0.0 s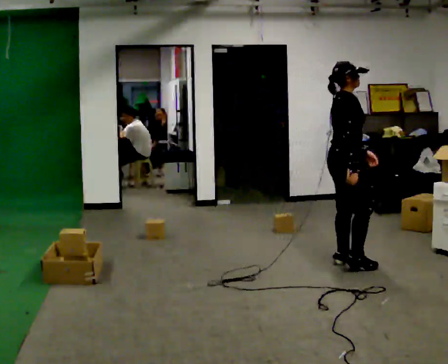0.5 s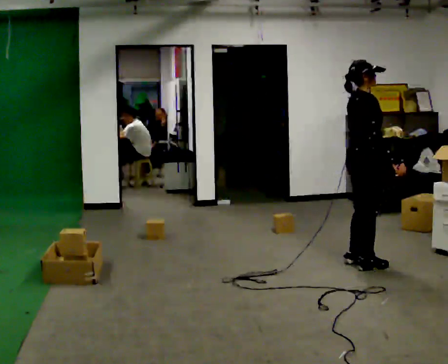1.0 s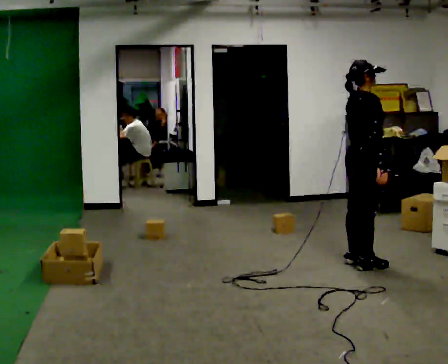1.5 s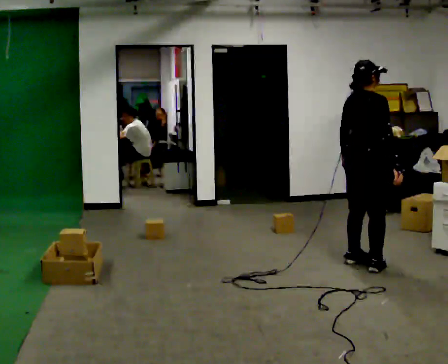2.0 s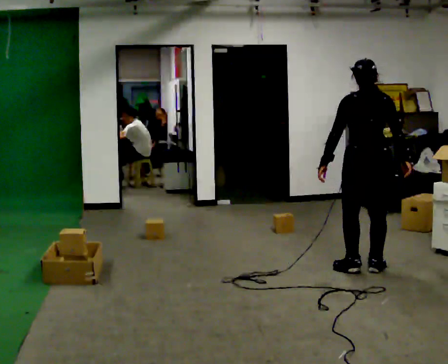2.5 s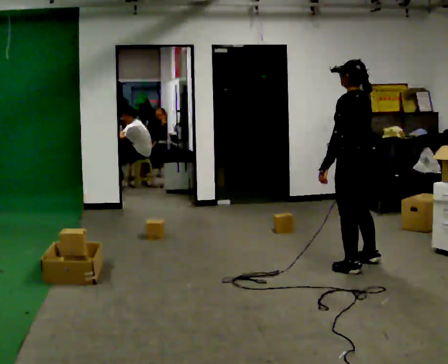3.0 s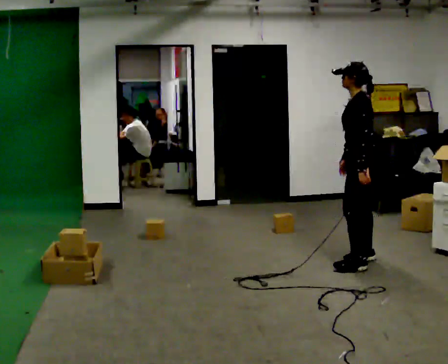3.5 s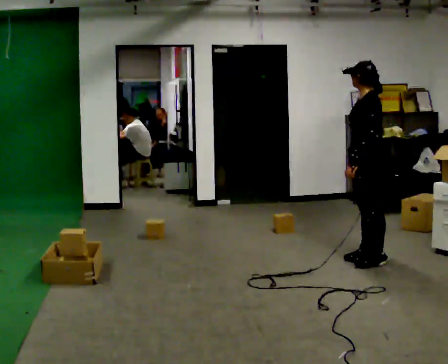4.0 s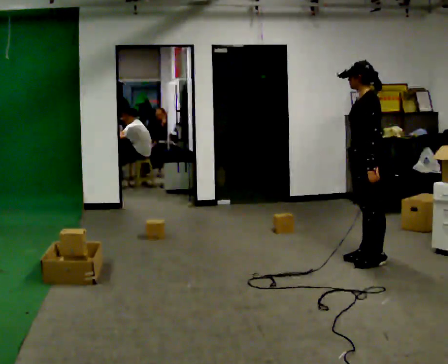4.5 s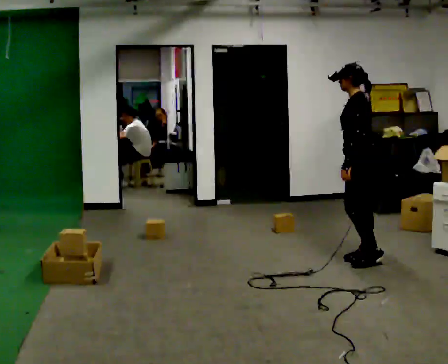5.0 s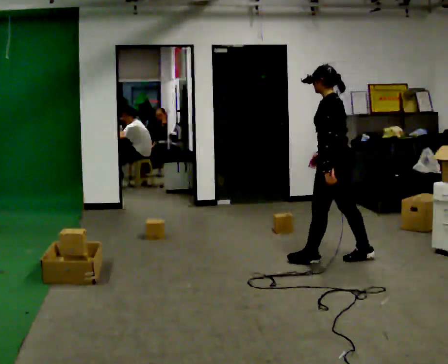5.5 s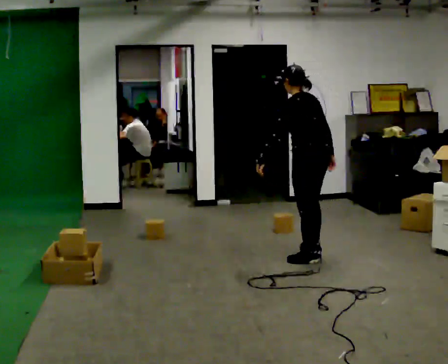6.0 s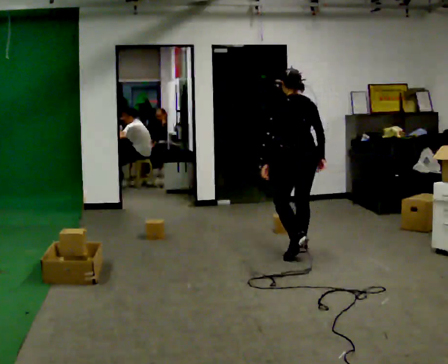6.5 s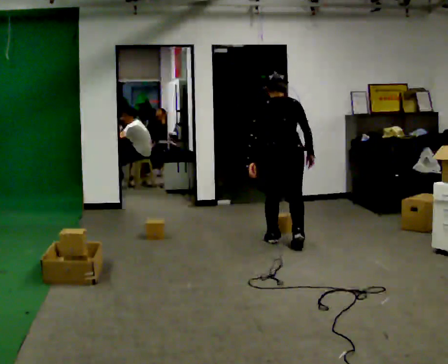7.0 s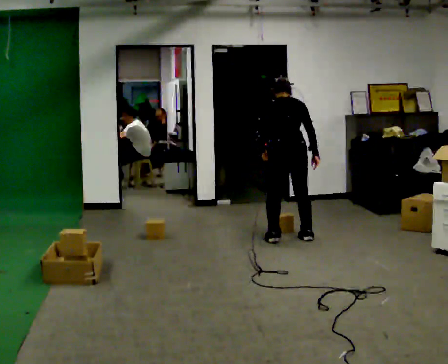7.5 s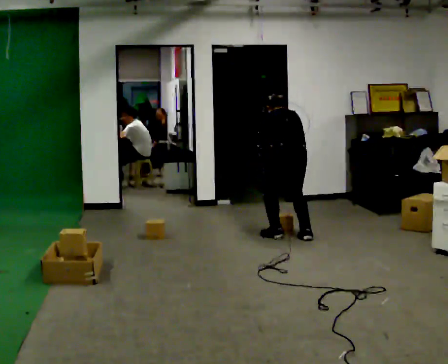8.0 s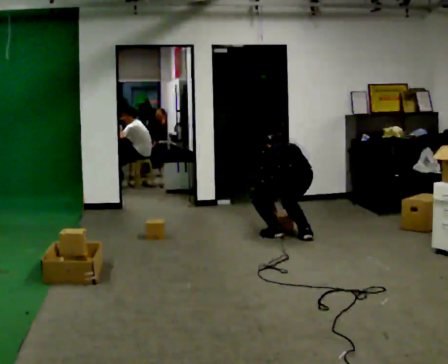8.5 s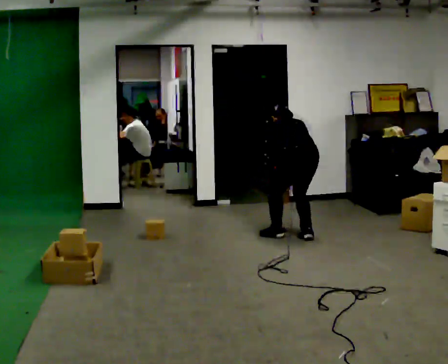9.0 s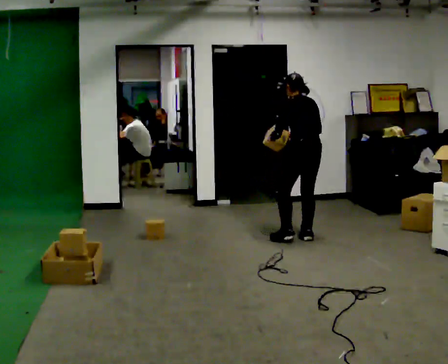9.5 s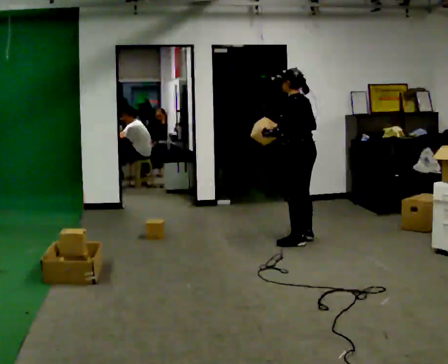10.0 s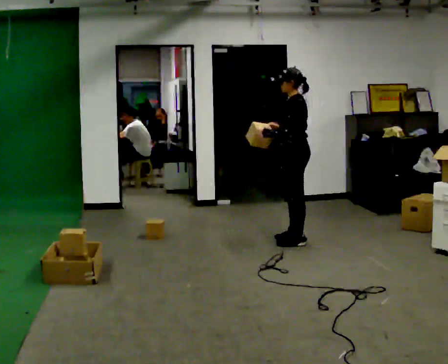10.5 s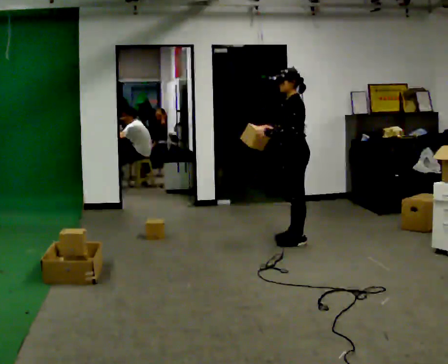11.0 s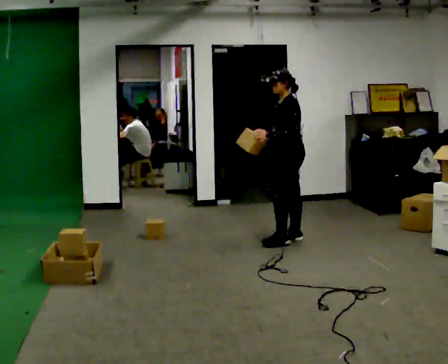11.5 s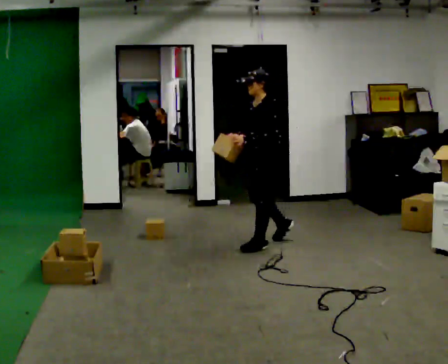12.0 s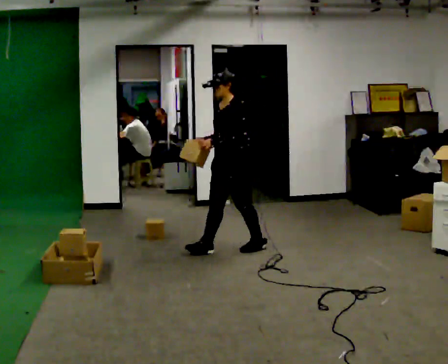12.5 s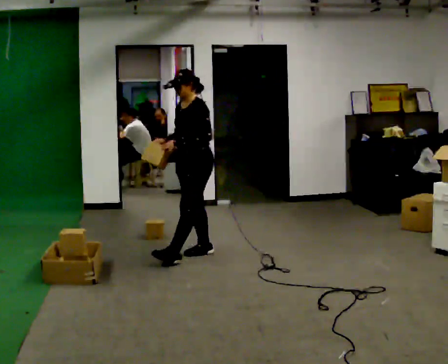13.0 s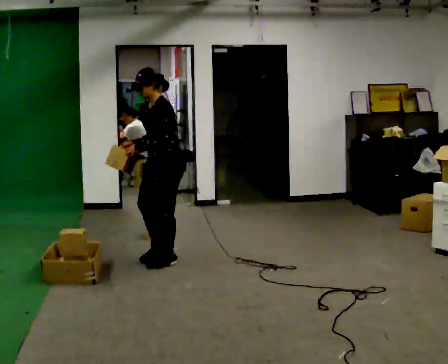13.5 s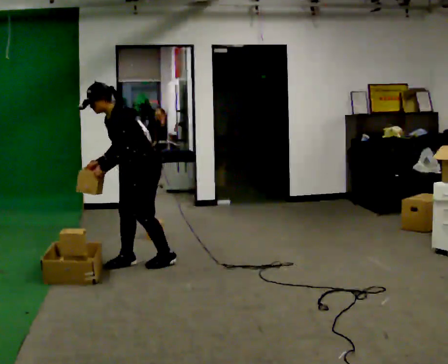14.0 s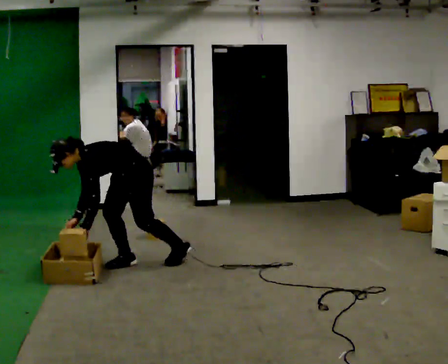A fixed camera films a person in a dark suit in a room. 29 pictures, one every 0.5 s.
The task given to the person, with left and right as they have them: Take the objects from the bin one at a time and put one in each of the places the operator points out. Keep going until the operator says stop; one object at a time, and do not rush between trips.
0.0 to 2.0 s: The part of the body nearest the lens slides to the right as the person turns to their left by about 90 degrees. In the picture their left hand goes to the left, the arm swinging clockwise.
2.0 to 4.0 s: Seen from above the body turns counterclockwise, about 75 degrees: to their left, with its near side sliding to the right. In the picture they go away from the camera, about 0.25 m in 2 steps. In the picture their left hand goes to the right.
4.0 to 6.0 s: The part of the body nearest the lens slides to the left as the person turns to their right by about 60 degrees. In the picture they go to the left and away from the camera, about 0.75 m in 2 steps, which for them is forward.
6.0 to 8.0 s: In the picture they go away from the camera, about 0.5 m in 3 steps, which for them is forward. The upper body goes downward. The upper body tips away from the camera, its near side rolling upward, as they bend forward. In the picture their left hand goes downward.
8.0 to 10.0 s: Seen from above the body turns counterclockwise, about 45 degrees: to their left, with its near side sliding to the right. The upper body goes upward. The upper body tips toward the camera, its near side rolling downward, as they lean back or straighten. In the picture their right hand goes upward.
10.0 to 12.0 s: The person turns about 45 degrees to their left, counterclockwise seen from above, so the part of the body nearest the lens slides to the right. In the picture they go to the left and toward the camera, about 0.75 m in 2 steps, which for them is forward and to their left.
12.0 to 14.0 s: In the picture they go to the left and toward the camera, about 1 m in 2 steps, which for them is forward. The upper body goes downward. In the picture the upper body tilts counterclockwise, shoulders to the left, as they bend forward. In the picture their left hand goes downward.
The film runs forward here.
